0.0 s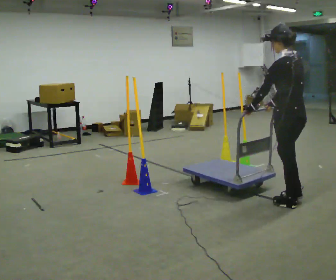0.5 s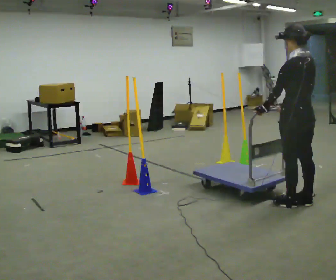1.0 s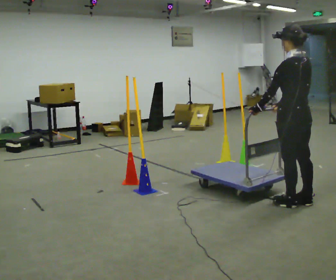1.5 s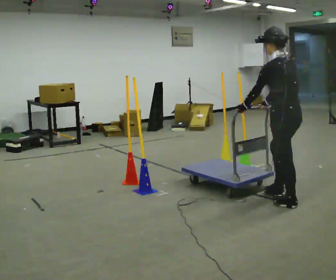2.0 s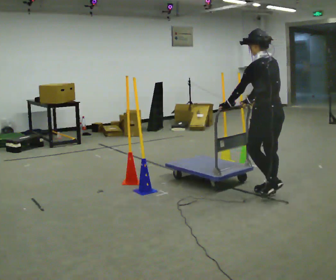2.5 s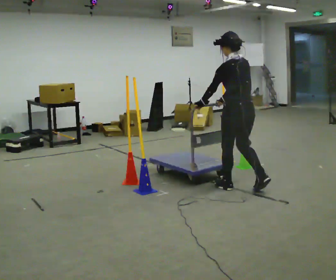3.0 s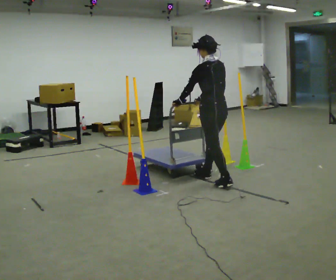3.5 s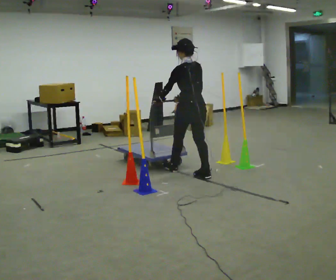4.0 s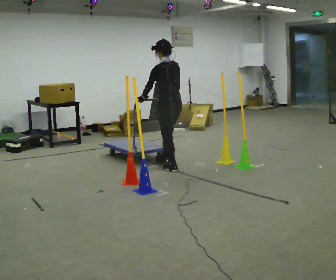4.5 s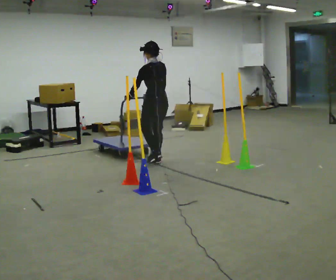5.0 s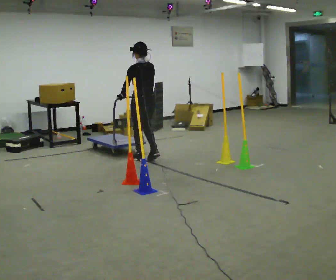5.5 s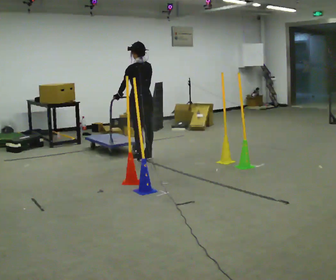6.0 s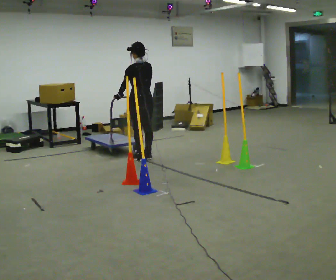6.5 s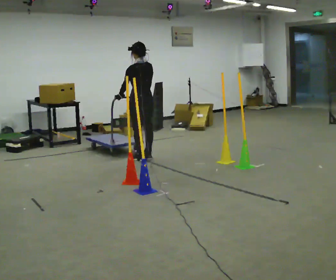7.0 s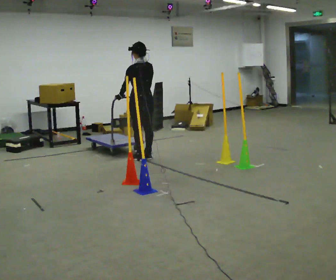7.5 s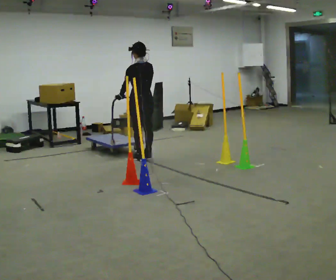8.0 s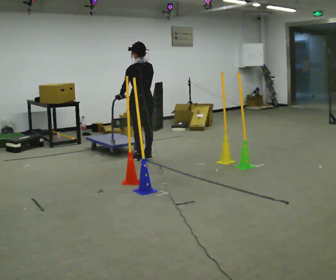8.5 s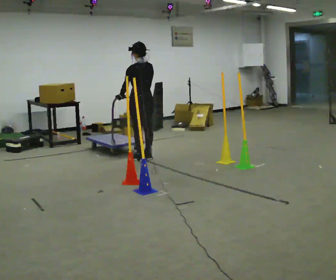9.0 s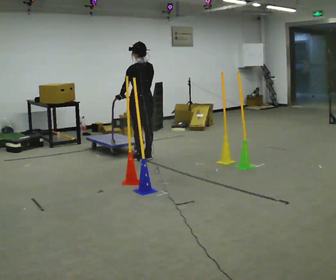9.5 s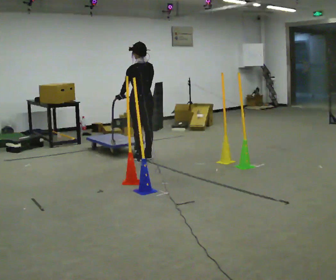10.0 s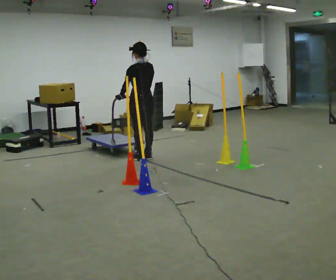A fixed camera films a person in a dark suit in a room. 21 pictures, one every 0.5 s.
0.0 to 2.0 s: In the picture they go away from the camera, about 0.25 m in 2 steps, which for them is forward.
2.0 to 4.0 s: In the picture they go away from the camera and to the left, about 1.5 m in 3 steps, which for them is forward.
4.0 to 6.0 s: In the picture they go away from the camera and to the left, about 0.75 m in 3 steps, which for them is forward.
6.0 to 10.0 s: The person moves a little, or ends about where they began.
The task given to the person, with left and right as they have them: Push the cart in and out of the line of poles without touching any of them. Keep going until the operator says stop.
The film runs forward here.
